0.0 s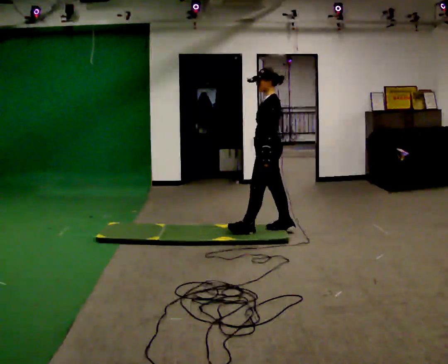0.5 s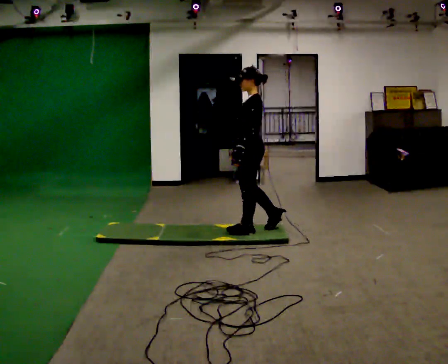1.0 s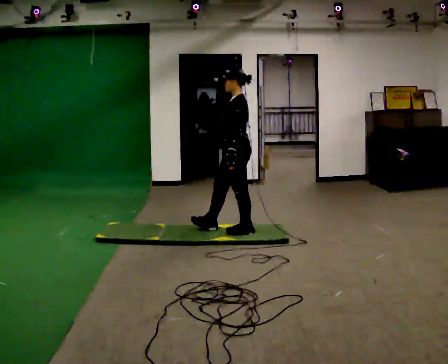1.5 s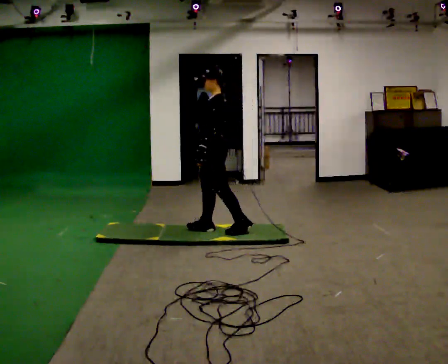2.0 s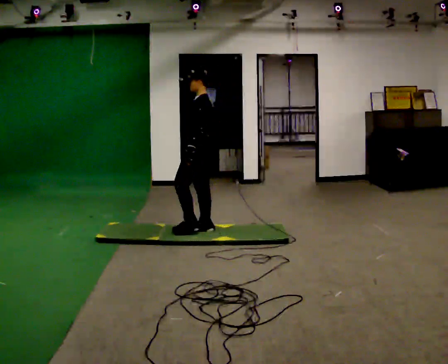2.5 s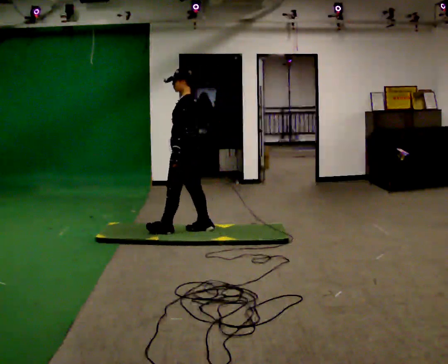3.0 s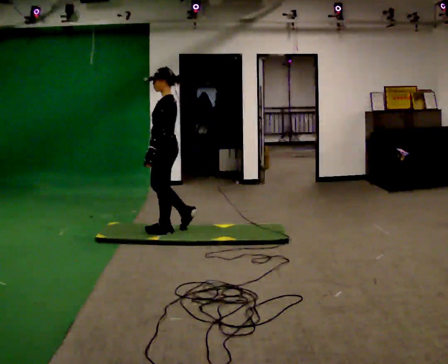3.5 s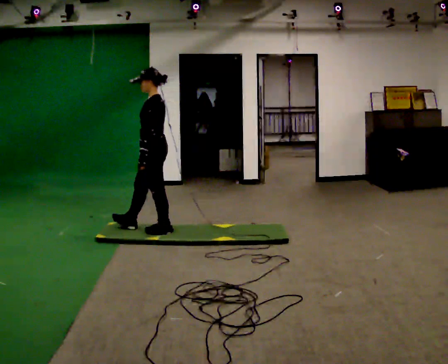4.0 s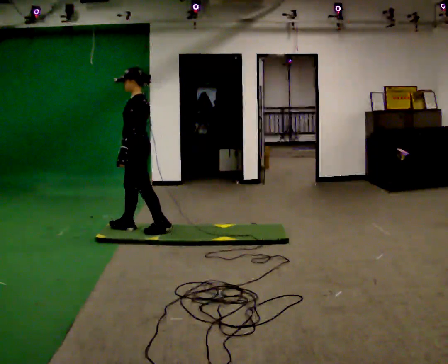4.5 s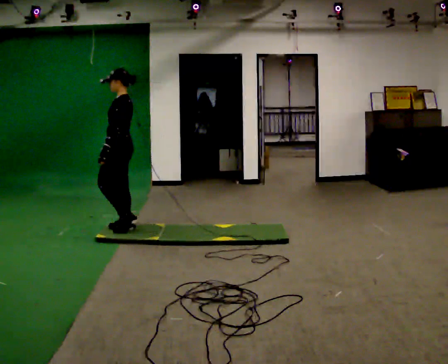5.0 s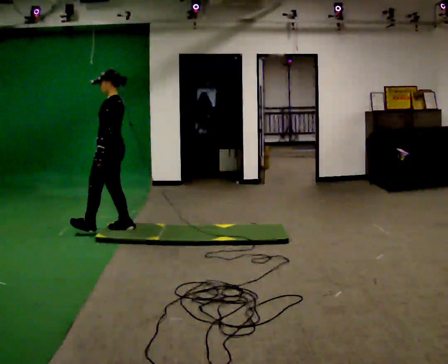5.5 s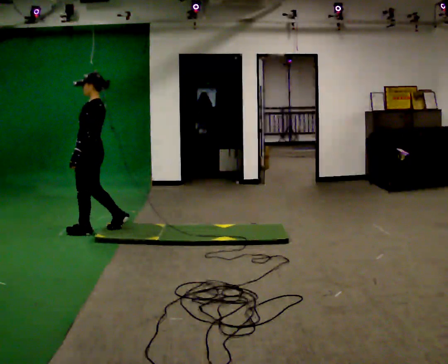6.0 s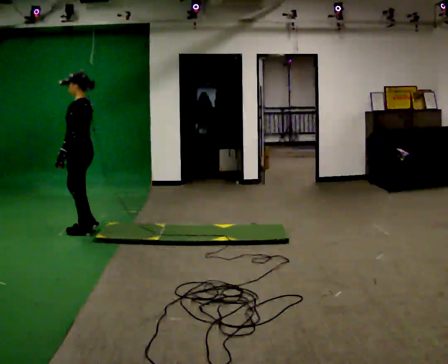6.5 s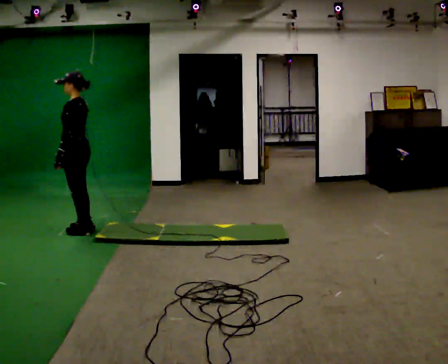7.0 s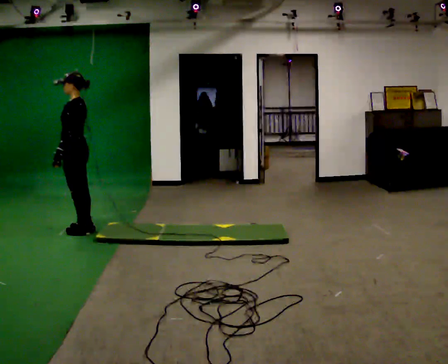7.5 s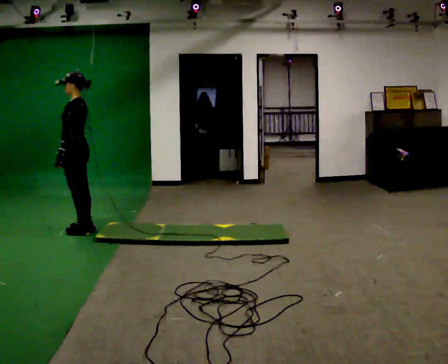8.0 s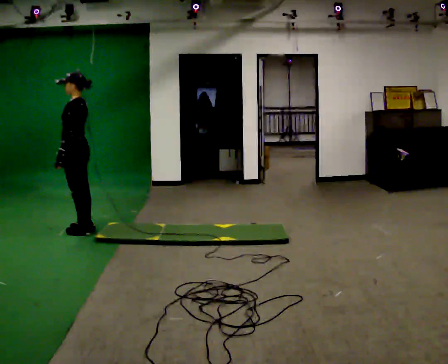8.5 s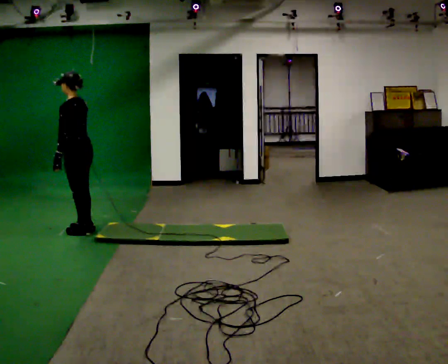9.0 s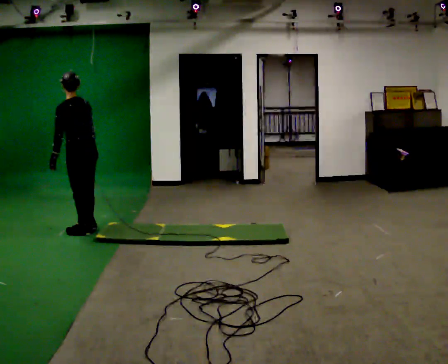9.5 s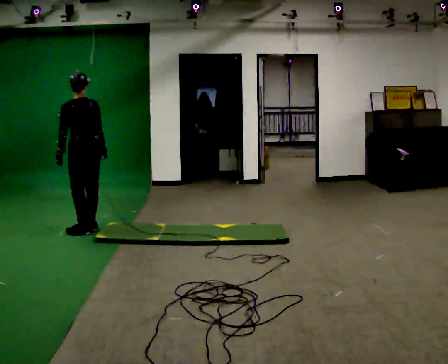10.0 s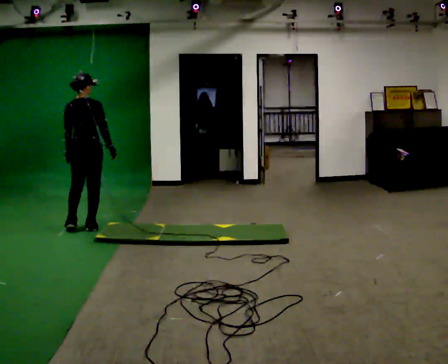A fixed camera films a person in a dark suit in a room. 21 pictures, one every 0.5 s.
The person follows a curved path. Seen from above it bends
clockwise.
The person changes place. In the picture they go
to the left.
0.0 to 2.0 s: In the picture they go to the left, about 0.75 m in 1 step, which for them is forward.
2.0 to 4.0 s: In the picture they go to the left, about 0.5 m in 2 steps, which for them is forward.
4.0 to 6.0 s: In the picture they go to the left, about 0.5 m in 1 step, which for them is forward.
6.0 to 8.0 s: The person moves a little, or ends about where they began.
8.0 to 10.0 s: The part of the body nearest the lens slides to the left as the person turns to their right by about 90 degrees. In the picture their right hand goes to the right.
The film runs forward here.
